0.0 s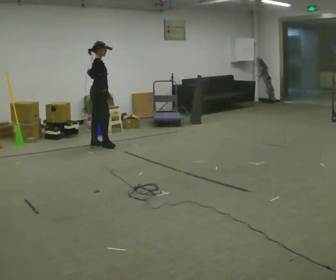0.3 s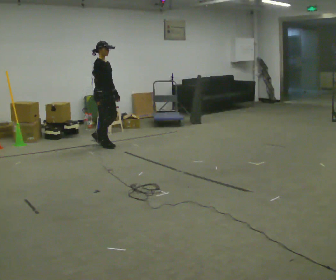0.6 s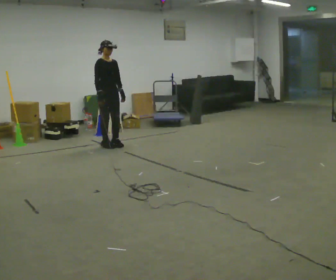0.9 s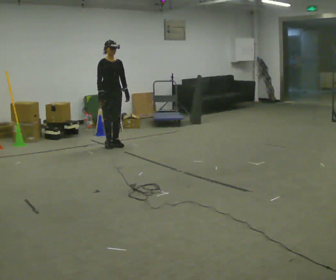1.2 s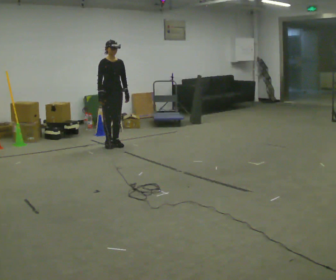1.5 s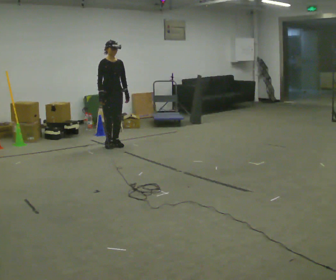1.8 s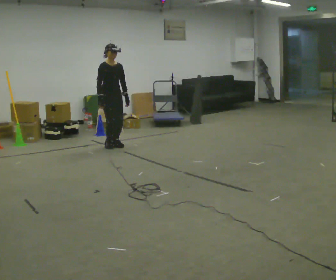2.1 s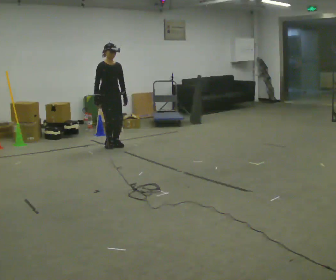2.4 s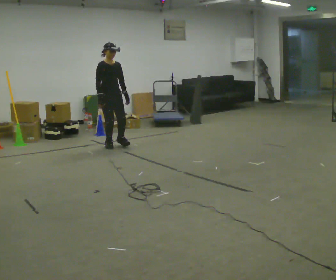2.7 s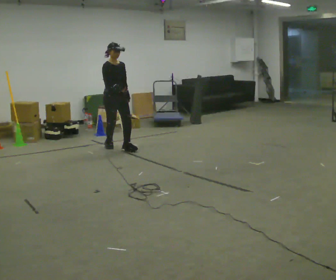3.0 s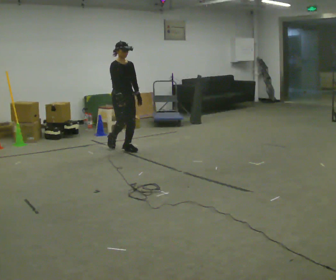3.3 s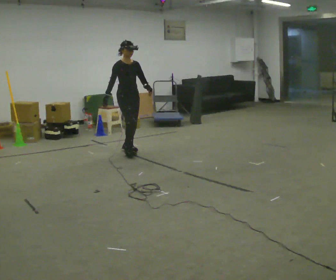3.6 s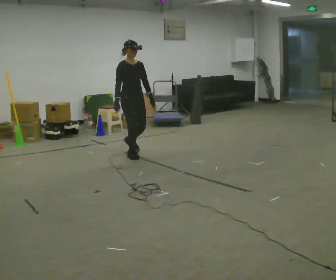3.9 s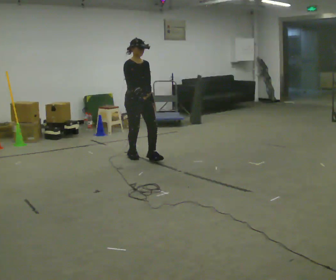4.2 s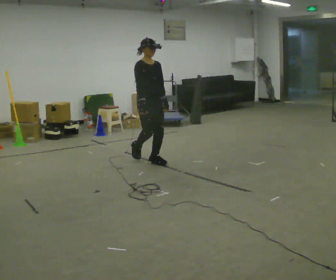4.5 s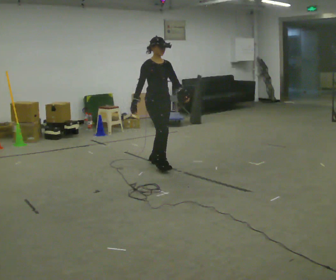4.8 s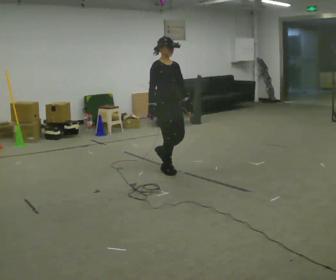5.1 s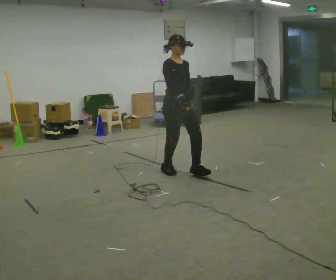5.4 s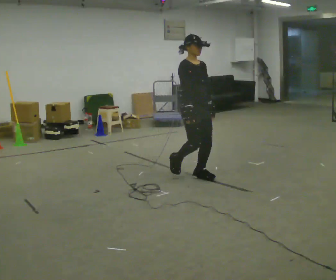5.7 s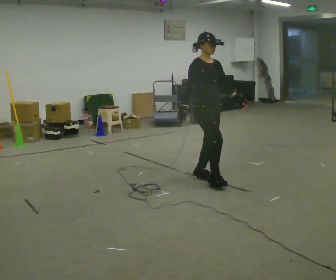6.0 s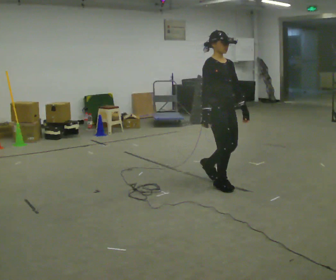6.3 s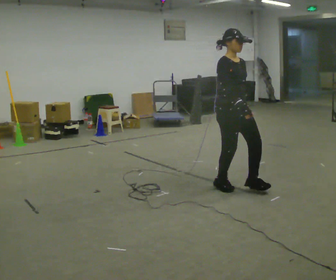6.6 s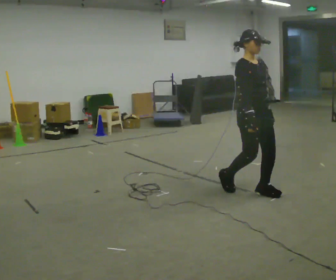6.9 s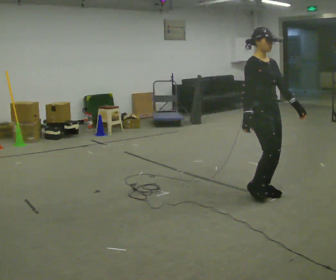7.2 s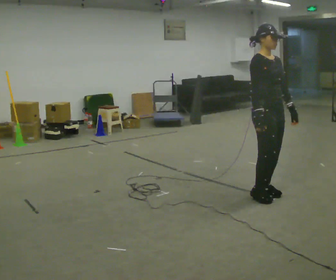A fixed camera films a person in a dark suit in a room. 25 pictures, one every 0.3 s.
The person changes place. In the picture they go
toward the camera.
0.0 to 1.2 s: The part of the body nearest the lens slides to the left as the person turns to their right by about 75 degrees. In the picture they go to the right, about 0.25 m in 1 step.
1.2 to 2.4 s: The person moves a little, or ends about where they began.
2.4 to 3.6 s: In the picture they go toward the camera and to the right, about 0.75 m in 2 steps, which for them is forward.
3.6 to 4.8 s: In the picture they go toward the camera and to the right, about 1 m in 2 steps, which for them is forward.
4.8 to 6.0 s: In the picture they go toward the camera and to the right, about 1 m in 2 steps, which for them is forward.
6.0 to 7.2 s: In the picture they go toward the camera and to the right, about 0.5 m in 2 steps, which for them is forward.
The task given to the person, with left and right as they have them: Walk forward in a lowered crouched posture at a comfortable speed; do not go lower than is comfortable; stop.
The film runs forward here.
